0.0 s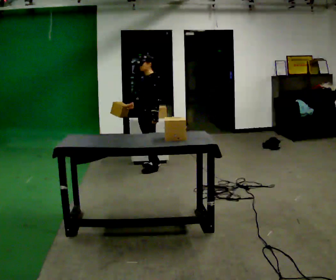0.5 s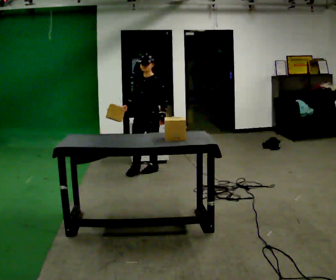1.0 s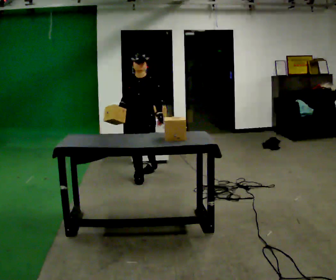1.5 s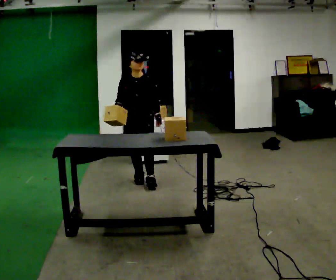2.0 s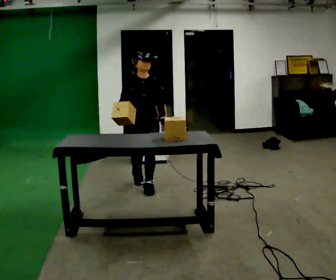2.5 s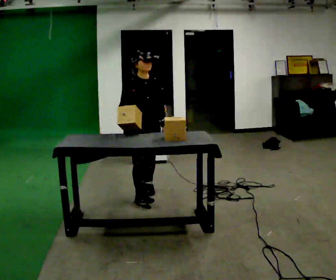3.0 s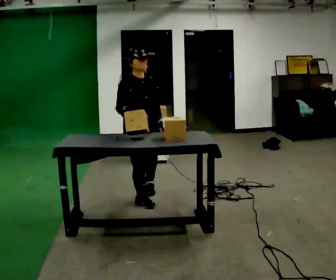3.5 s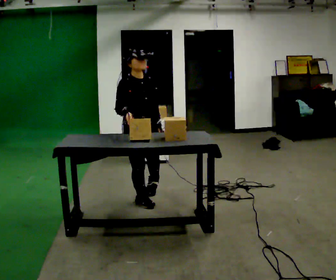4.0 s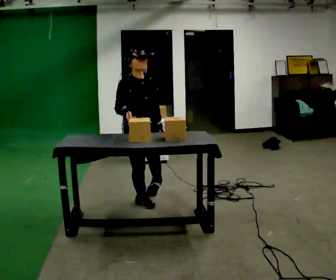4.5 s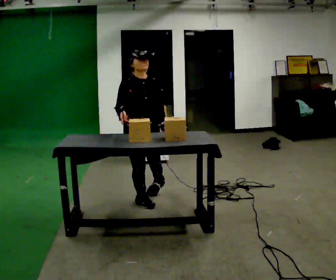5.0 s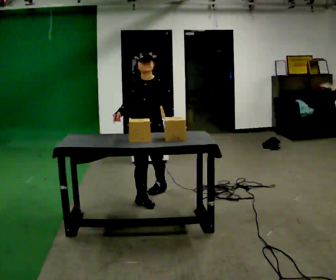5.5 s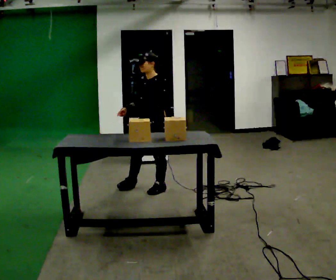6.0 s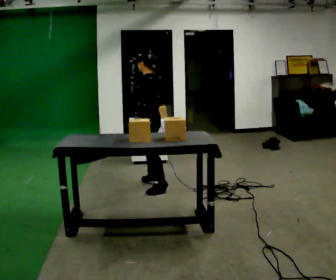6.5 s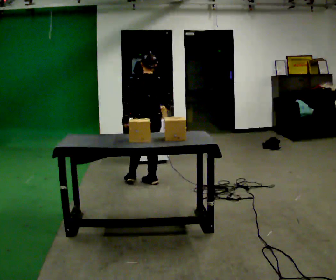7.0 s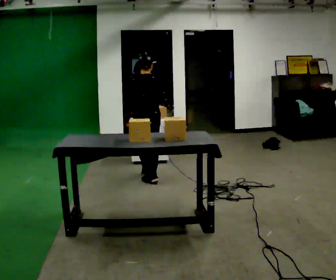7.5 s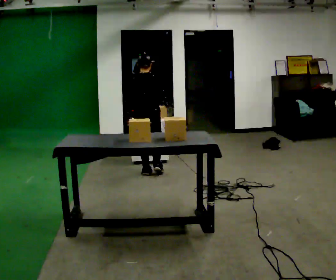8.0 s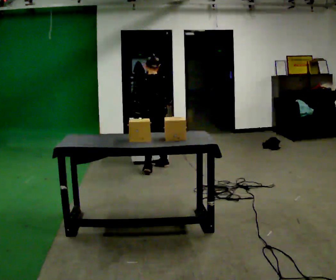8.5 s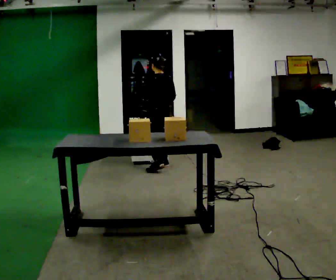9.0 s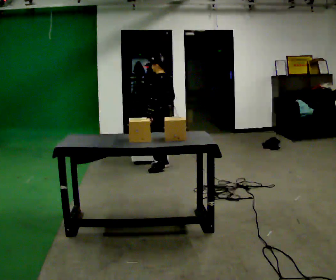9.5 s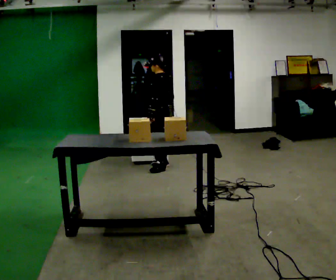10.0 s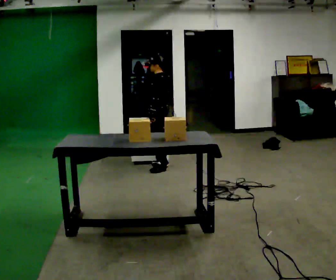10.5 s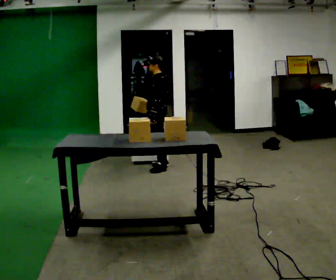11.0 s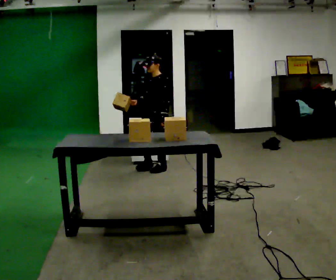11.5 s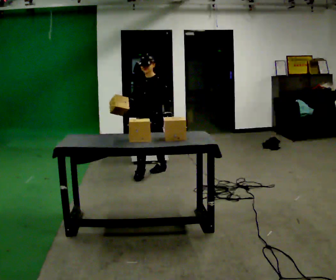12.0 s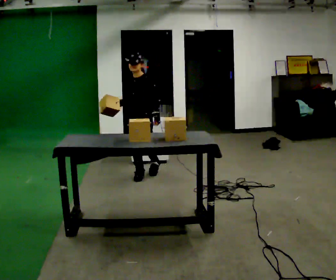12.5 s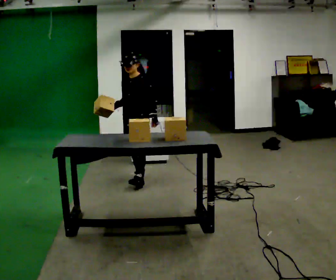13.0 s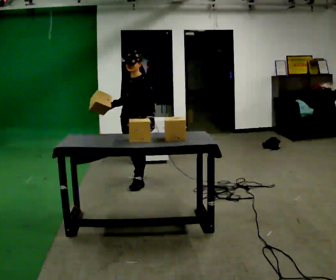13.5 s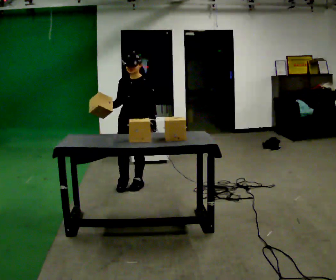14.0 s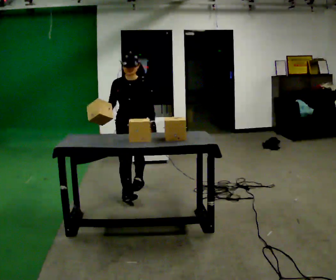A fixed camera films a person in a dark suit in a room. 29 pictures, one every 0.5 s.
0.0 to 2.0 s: Seen from above the body turns counterclockwise, about 75 degrees: to their left, with its near side sliding to the right. In the picture they go toward the camera, about 1 m in 2 steps.
2.0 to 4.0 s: The part of the body nearest the lens slides to the right as the person turns to their left by about 30 degrees. In the picture they go toward the camera, about 0.5 m in 1 step, which for them is forward and to their right.
4.0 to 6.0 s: The part of the body nearest the lens slides to the left as the person turns to their right by about 150 degrees. In the picture they go away from the camera, about 0.5 m in 2 steps.
6.0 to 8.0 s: Seen from above the body turns clockwise, about 45 degrees: to their right, with its near side sliding to the left. In the picture they go away from the camera, about 0.5 m in 2 steps.
8.0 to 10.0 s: The person turns about 45 degrees to their left, counterclockwise seen from above, so the part of the body nearest the lens slides to the right.
10.0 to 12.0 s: Seen from above the body turns counterclockwise, about 90 degrees: to their left, with its near side sliding to the right. In the picture they go toward the camera and to the left, about 0.5 m in 1 step.
12.0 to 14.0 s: The person turns about 30 degrees to their left, counterclockwise seen from above, so the part of the body nearest the lens slides to the right. In the picture they go toward the camera, about 0.5 m in 2 steps, which for them is forward.
The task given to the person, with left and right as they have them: Move objects one at a time from the waist-height shelf at one end of the room to the waist-height shelf at the other end. Keep going until the operator says stop; one object at a time, and do not rush between trips.
The film runs forward here.
